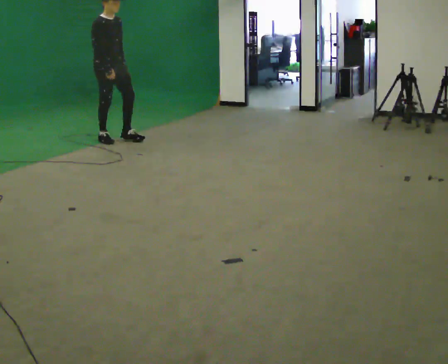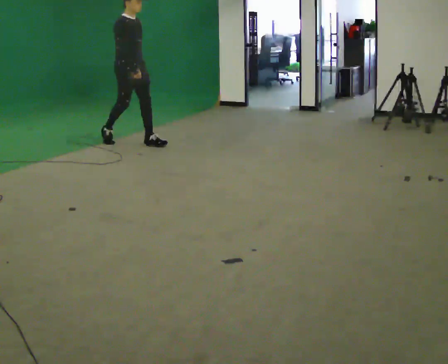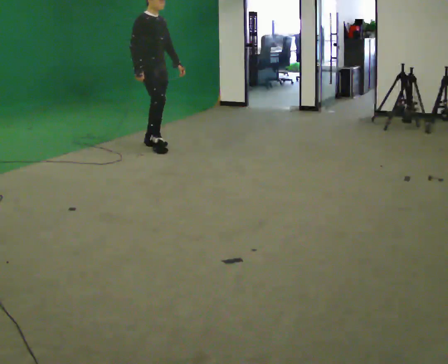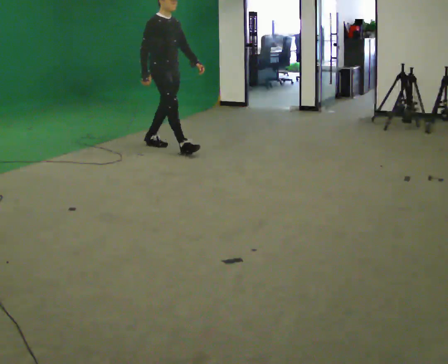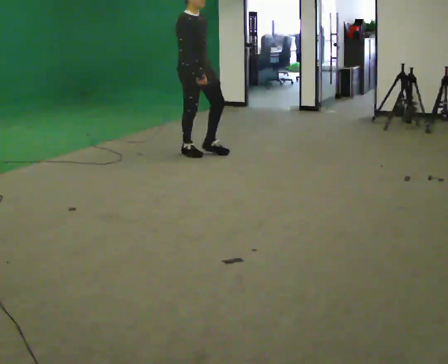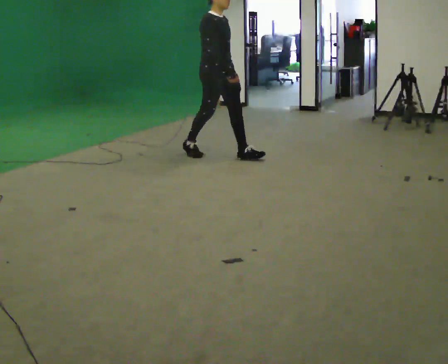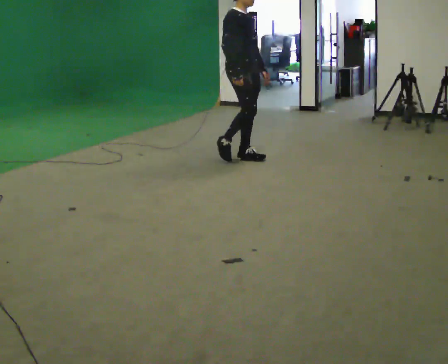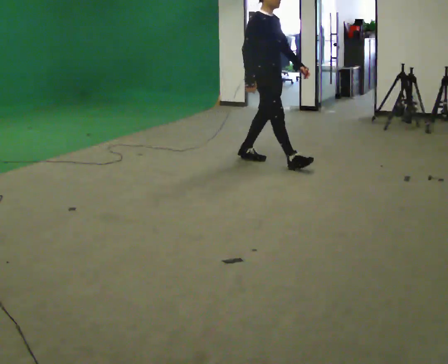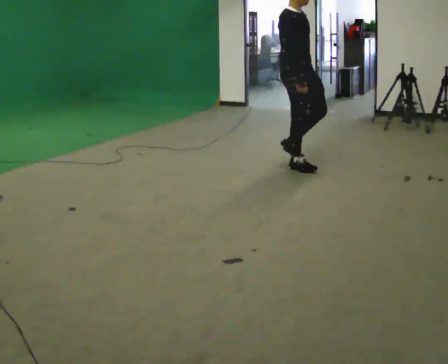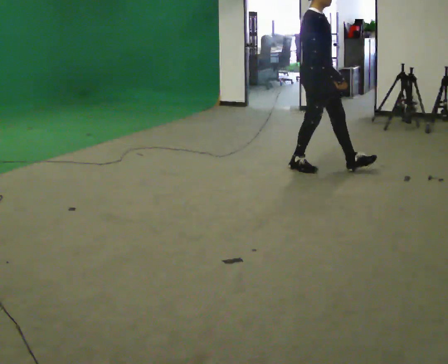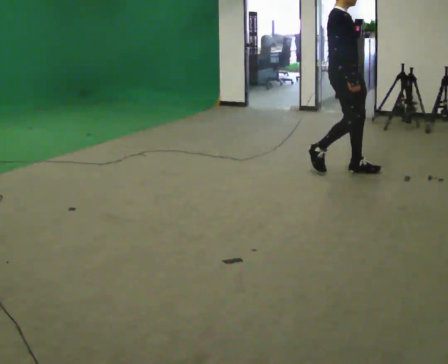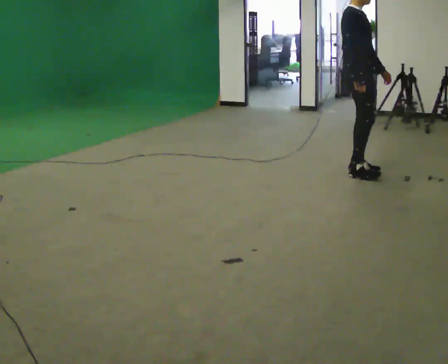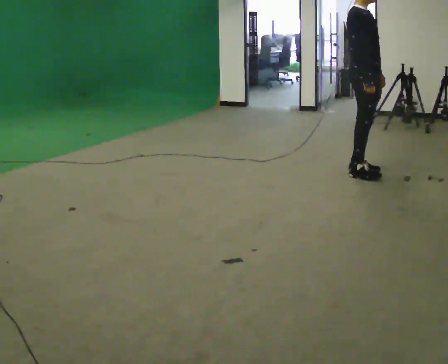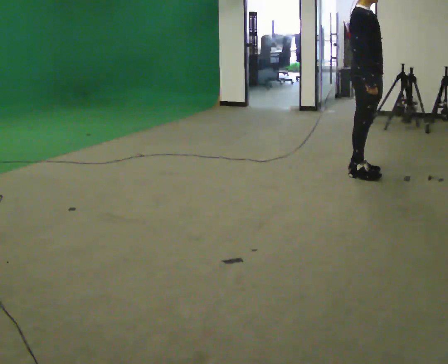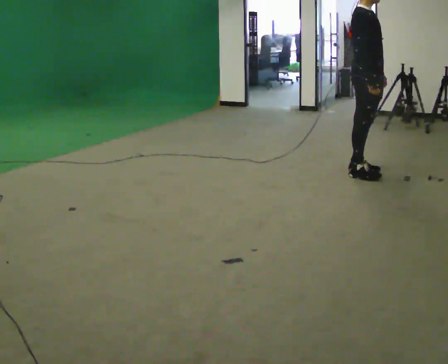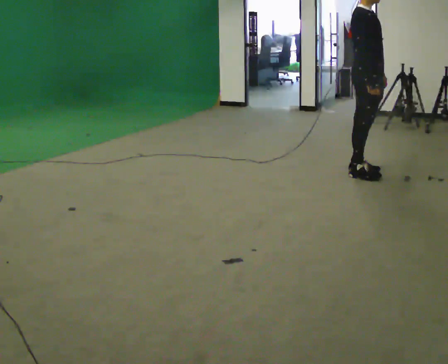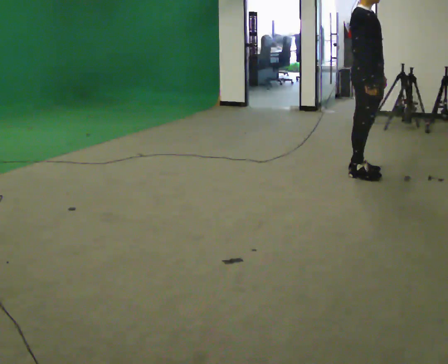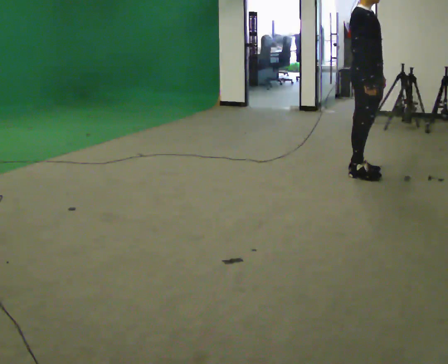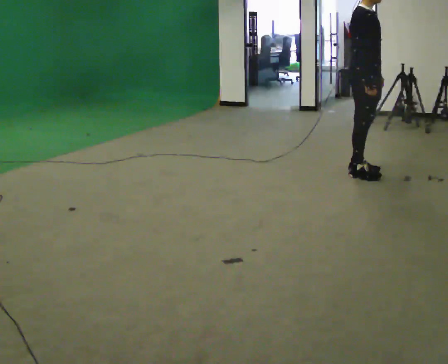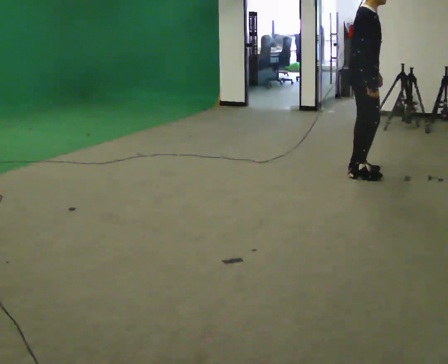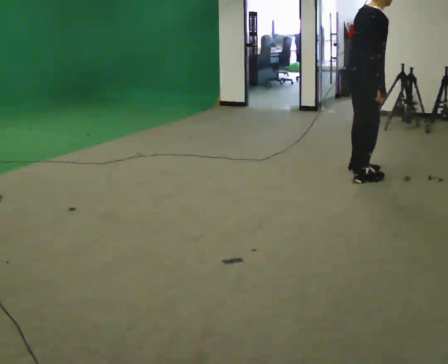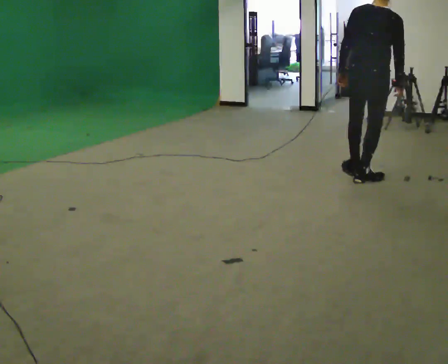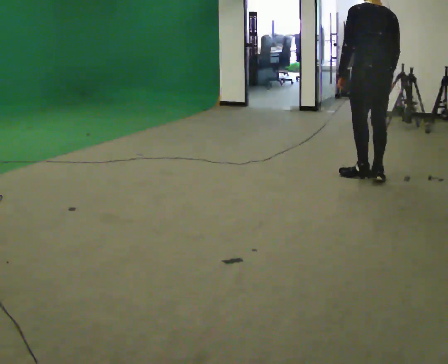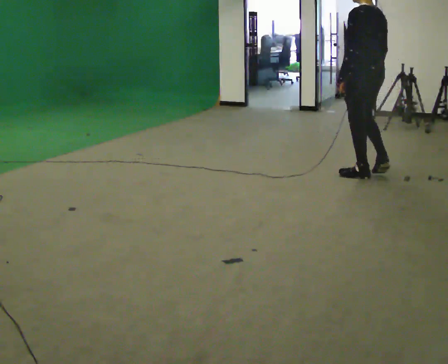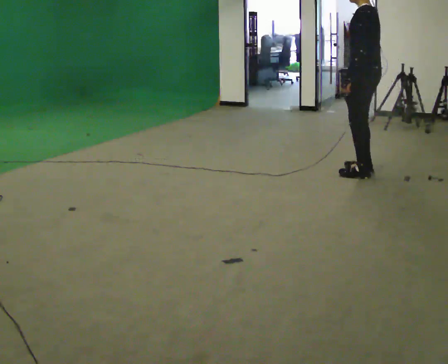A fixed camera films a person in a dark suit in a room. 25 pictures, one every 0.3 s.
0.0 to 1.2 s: In the picture they go to the right, about 1 m in 2 steps, which for them is forward.
1.2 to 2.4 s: In the picture they go to the right, about 1 m in 2 steps, which for them is forward.
2.4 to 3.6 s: In the picture they go to the right, about 0.5 m in 2 steps, which for them is forward.
3.6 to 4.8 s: The person moves a little, or ends about where they began.
4.8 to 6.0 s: The part of the body nearest the lens slides to the right as the person turns to their left by about 45 degrees. In the picture the upper body tilts clockwise, shoulders to the right, as they bend forward.
6.0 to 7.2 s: Seen from above the body turns counterclockwise, about 135 degrees: to their left, with its near side sliding to the right. In the picture the upper body tilts counterclockwise, shoulders to the left.
The film runs forward here.
